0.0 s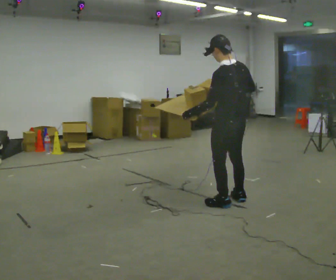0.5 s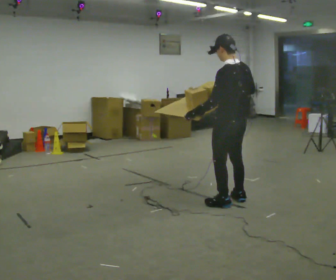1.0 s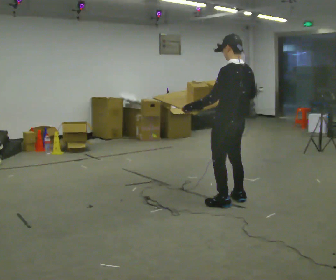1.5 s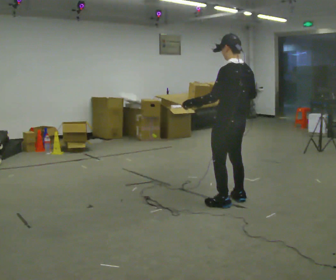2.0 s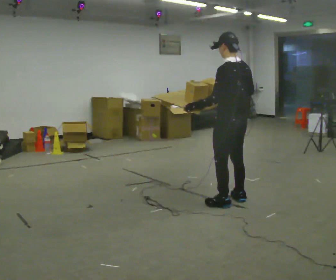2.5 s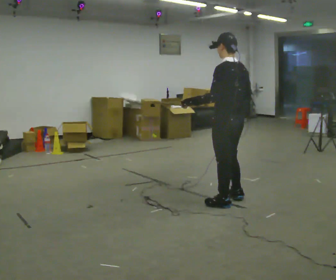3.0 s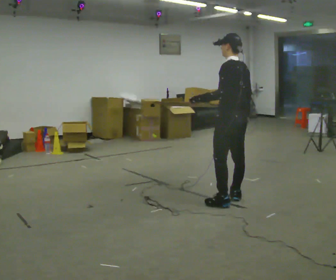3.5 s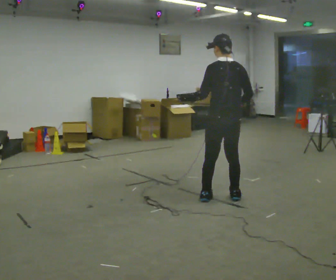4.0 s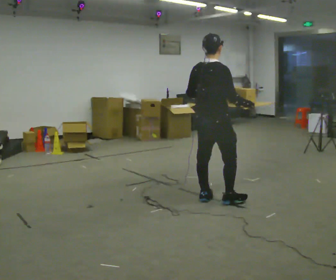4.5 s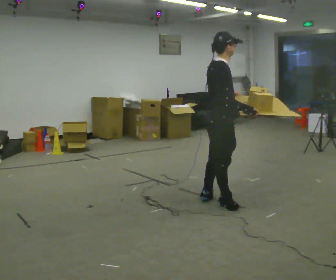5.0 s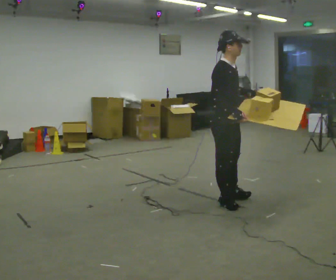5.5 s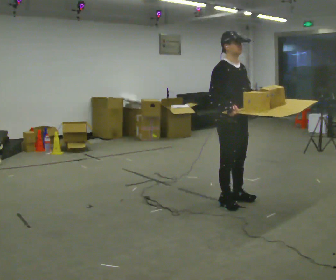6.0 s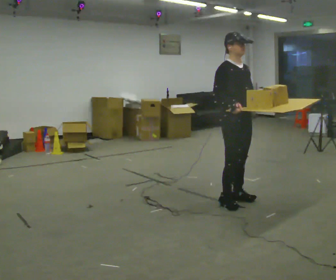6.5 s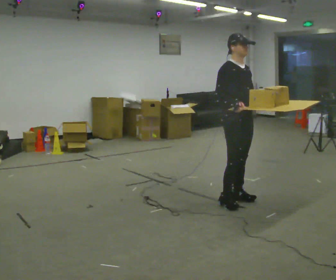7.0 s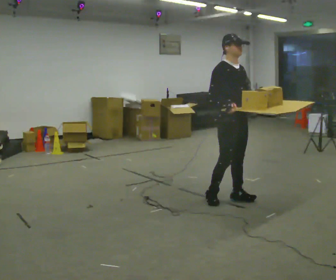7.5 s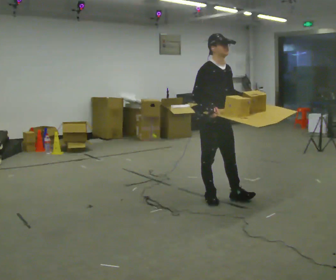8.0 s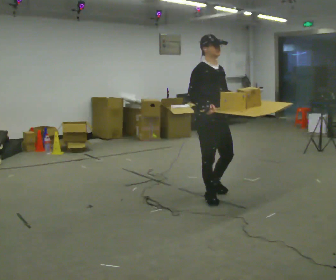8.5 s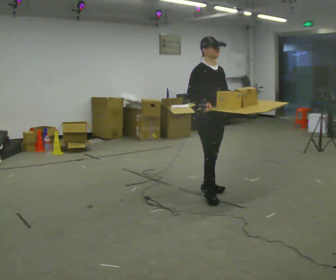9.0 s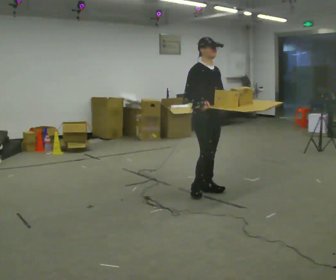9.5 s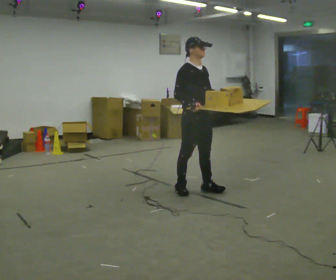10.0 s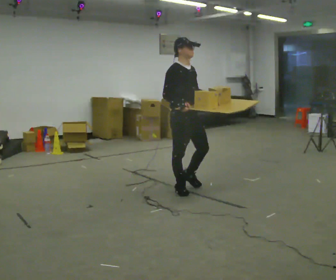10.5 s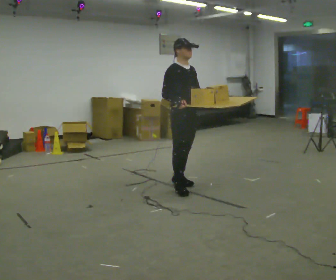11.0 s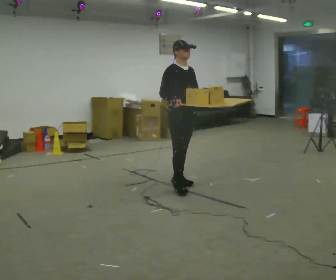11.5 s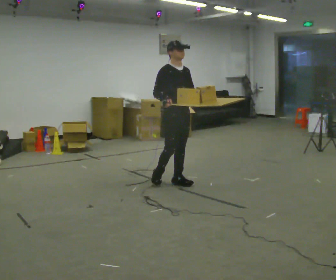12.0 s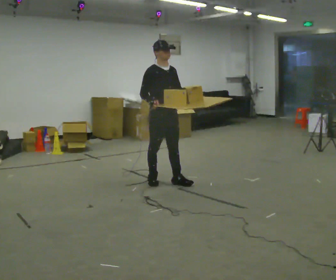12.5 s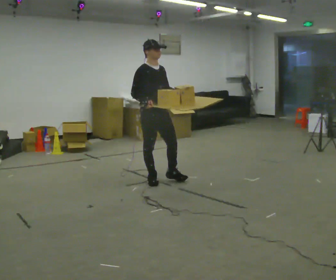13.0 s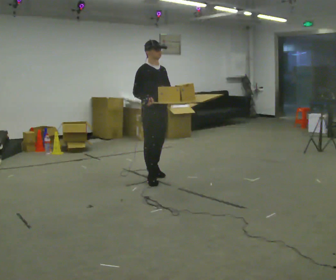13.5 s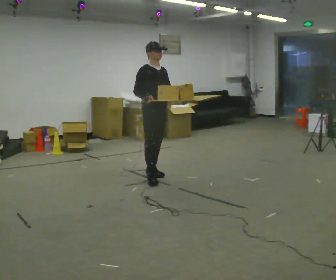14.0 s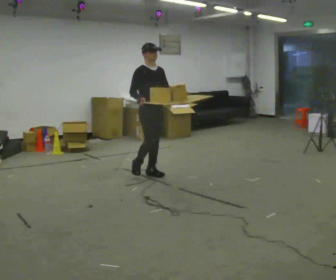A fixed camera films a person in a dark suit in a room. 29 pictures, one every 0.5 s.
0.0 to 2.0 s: The person moves a little, or ends about where they began.
2.0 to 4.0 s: Seen from above the body turns clockwise, about 75 degrees: to their right, with its near side sliding to the left. In the picture they go to the left, about 0.25 m in 1 step.
4.0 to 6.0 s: The person turns about 105 degrees to their right, clockwise seen from above, so the part of the body nearest the lens slides to the left. In the picture they go to the right, about 0.25 m in 1 step. In the picture their left hand goes to the right.
6.0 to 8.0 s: In the picture they go to the left, about 0.25 m in 2 steps, which for them is backward.
8.0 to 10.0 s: In the picture they go to the left and away from the camera, about 0.5 m in 2 steps, which for them is backward.
10.0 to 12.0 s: In the picture they go away from the camera and to the left, about 0.5 m in 1 step, which for them is backward.
12.0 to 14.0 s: In the picture they go away from the camera and to the left, about 0.5 m in 2 steps, which for them is backward and to their left.
The film runs backward here.
